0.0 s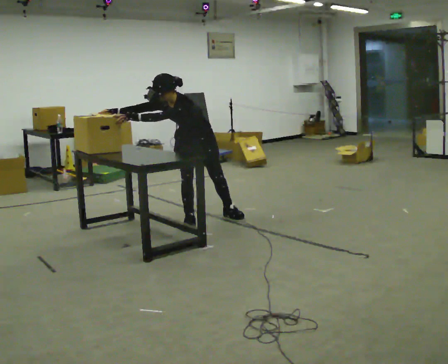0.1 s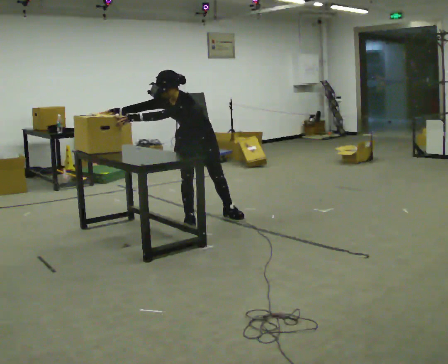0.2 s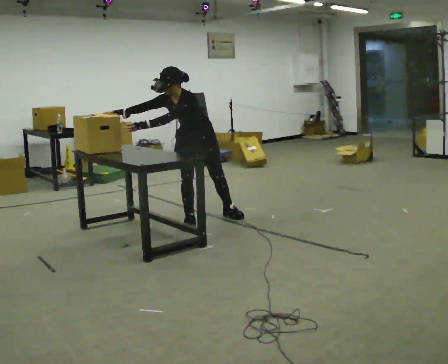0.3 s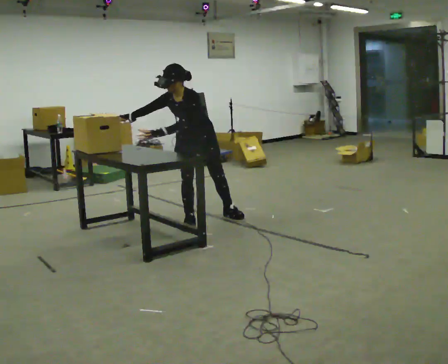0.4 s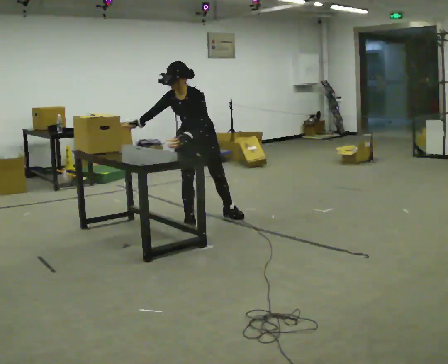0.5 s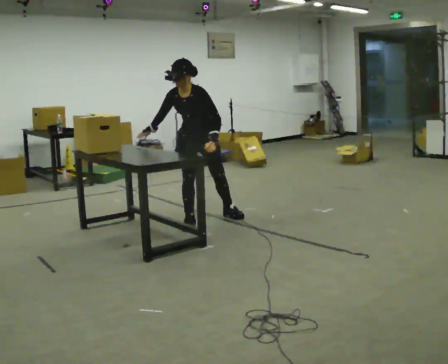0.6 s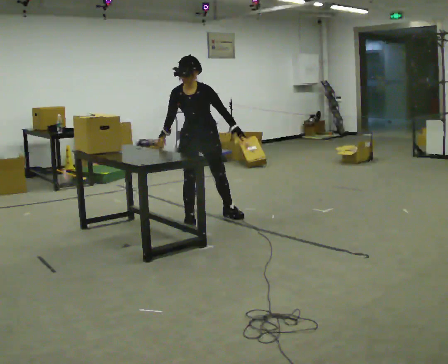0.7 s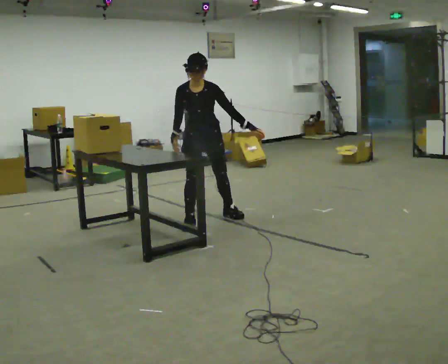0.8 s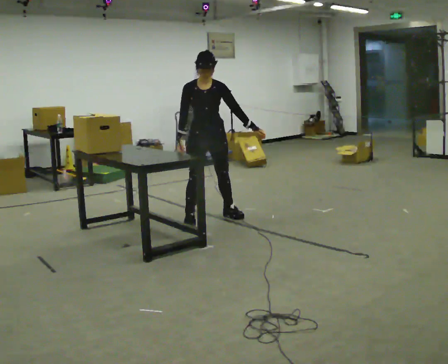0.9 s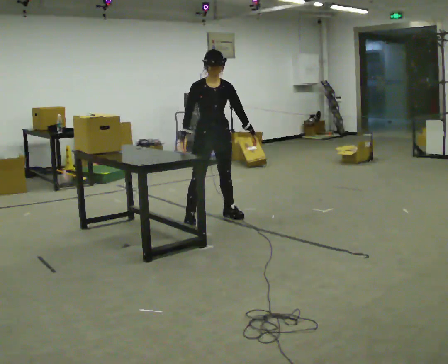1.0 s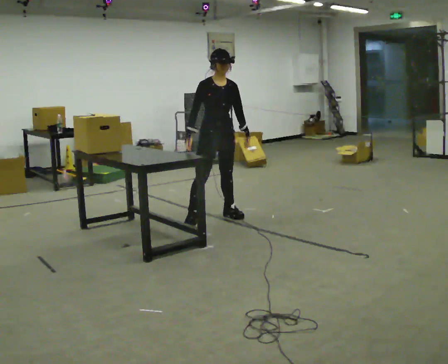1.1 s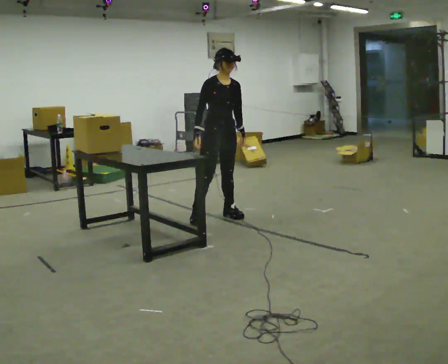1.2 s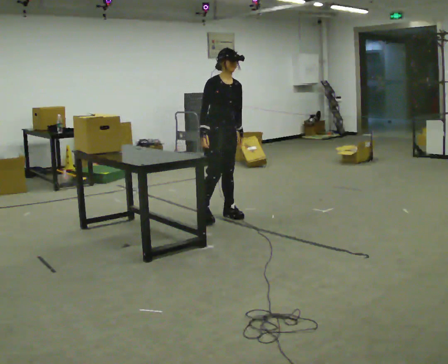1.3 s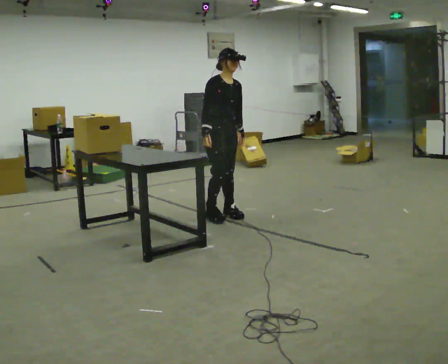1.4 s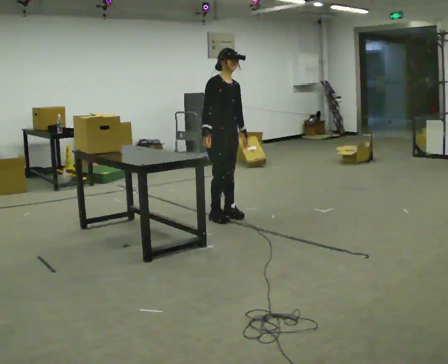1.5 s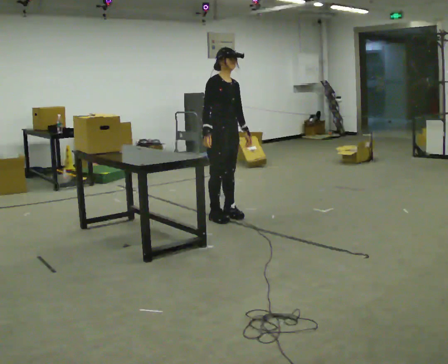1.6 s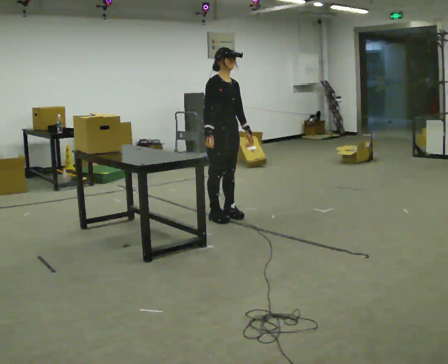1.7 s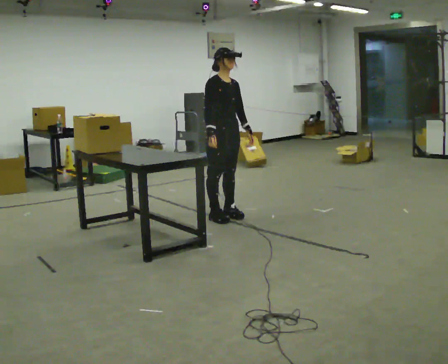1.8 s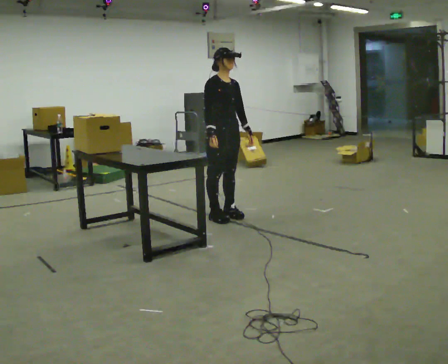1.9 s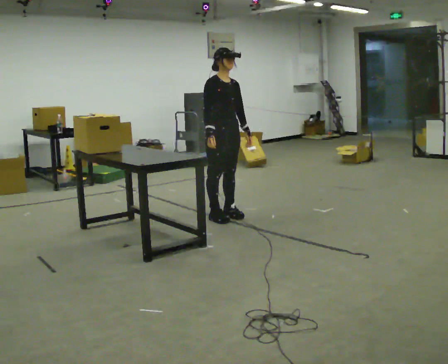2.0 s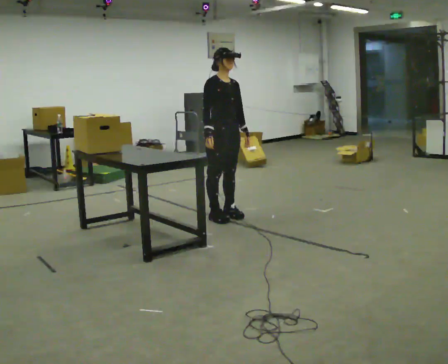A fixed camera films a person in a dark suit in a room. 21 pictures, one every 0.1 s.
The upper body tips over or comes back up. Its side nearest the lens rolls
upward.
Their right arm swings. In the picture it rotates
counterclockwise.
0.0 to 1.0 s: Seen from above the body turns counterclockwise, about 45 degrees: to their left, with its near side sliding to the right. In the picture they go to the right, about 0.25 m, which for them is to their left and backward. The upper body tips away from the camera, its near side rolling upward, as they lean back or straighten. In the picture their left hand goes to the right, the arm swinging counterclockwise.
1.0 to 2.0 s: The person moves a little, or ends about where they began.
The film runs forward here.
